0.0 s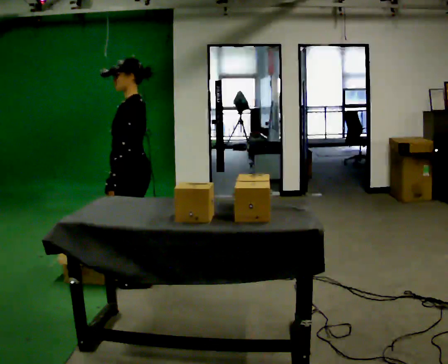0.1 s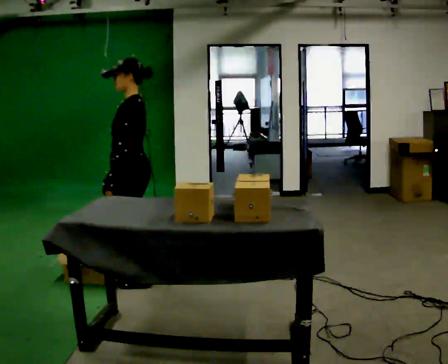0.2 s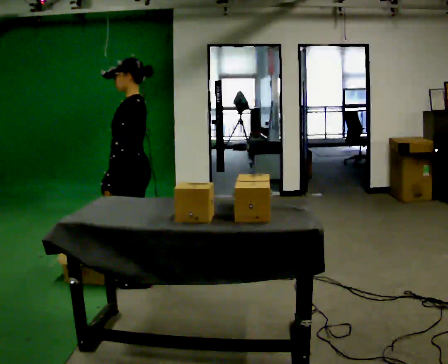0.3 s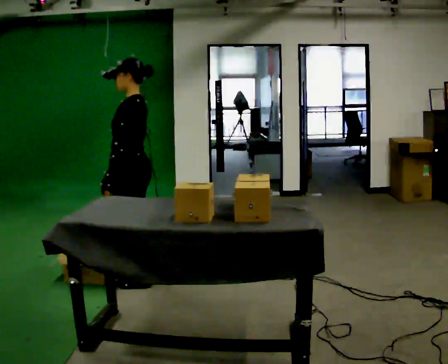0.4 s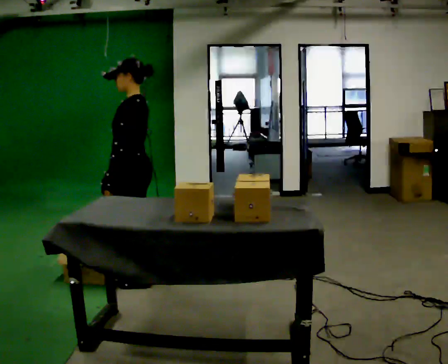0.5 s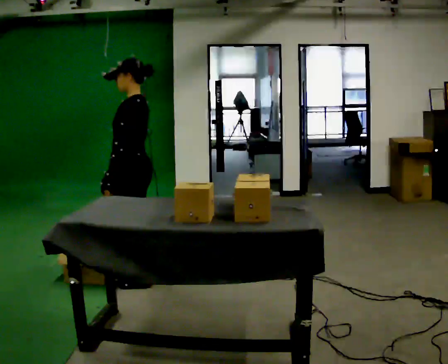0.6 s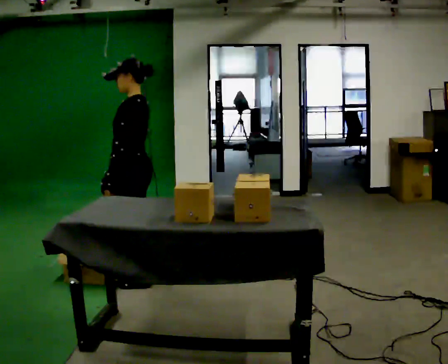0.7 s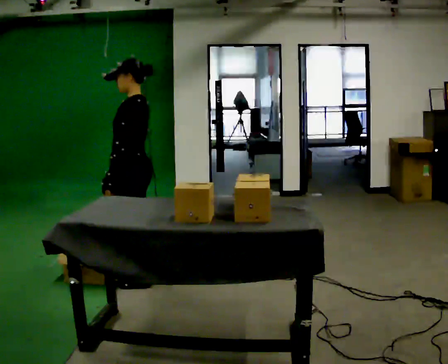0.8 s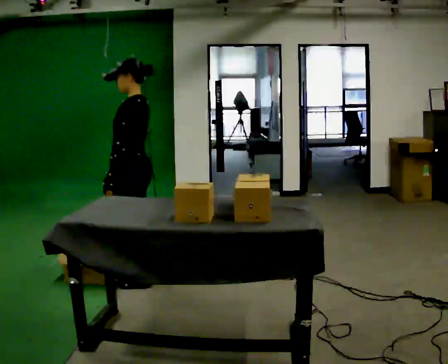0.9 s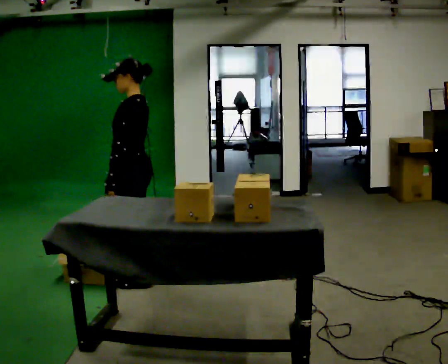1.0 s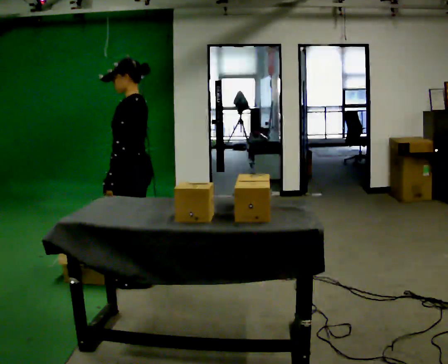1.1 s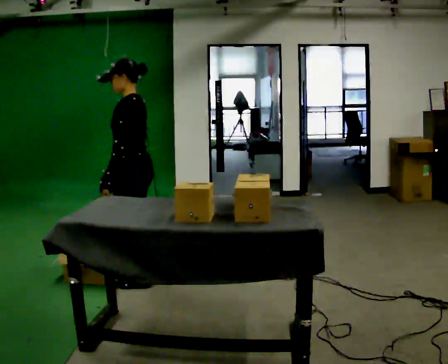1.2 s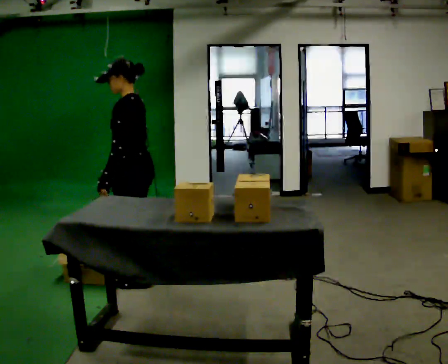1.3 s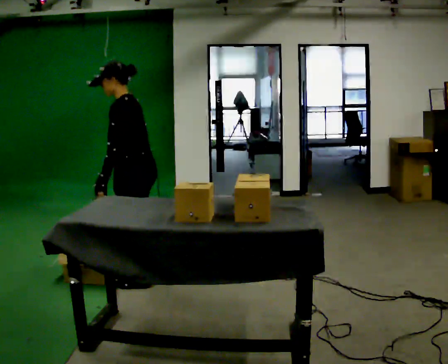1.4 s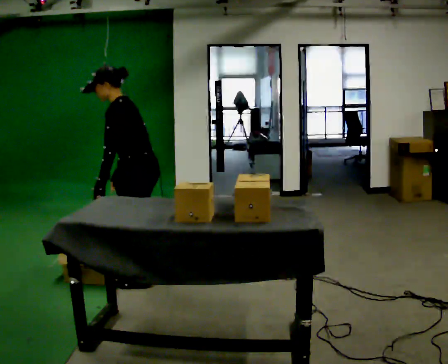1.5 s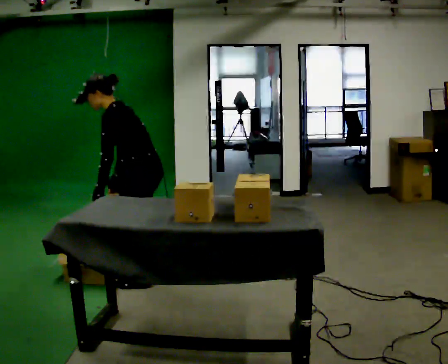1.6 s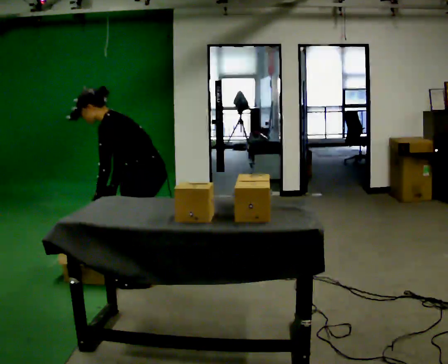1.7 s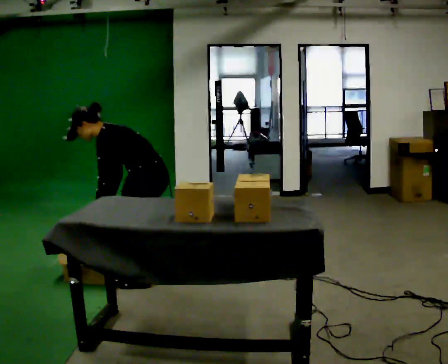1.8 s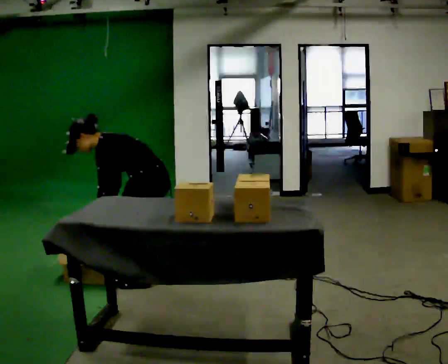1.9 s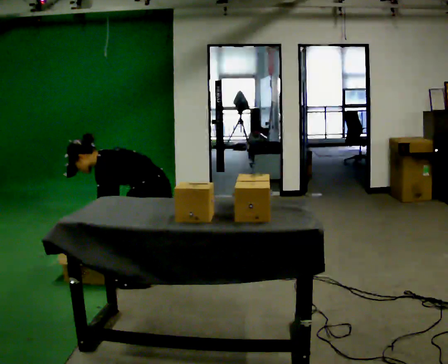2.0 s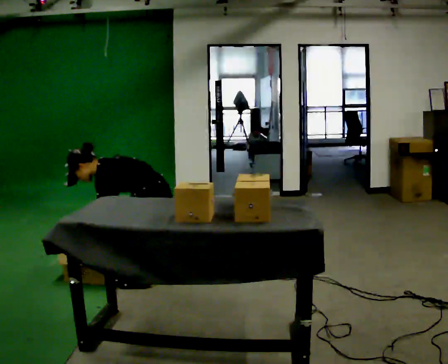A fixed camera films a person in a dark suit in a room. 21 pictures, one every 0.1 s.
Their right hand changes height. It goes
downward.
The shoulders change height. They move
downward.
0.0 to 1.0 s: The person moves a little, or ends about where they began.
1.0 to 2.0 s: The shoulders move downward. In the picture the upper body tilts counterclockwise, shoulders to the left, as they bend forward. In the picture their left hand goes downward.
The film runs backward here.
